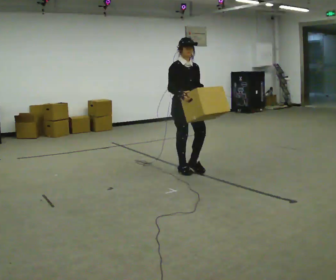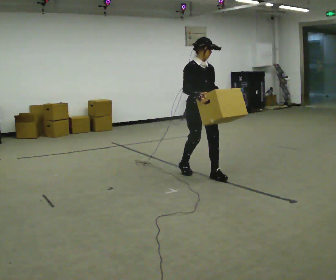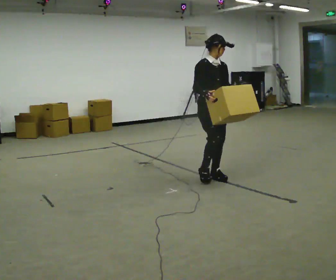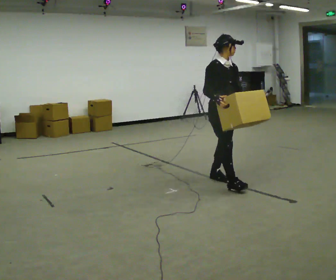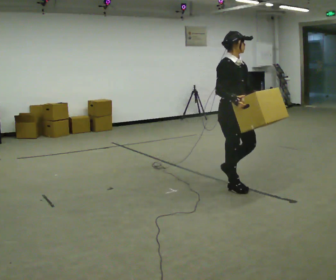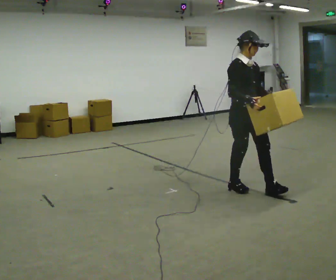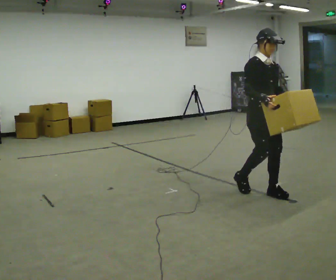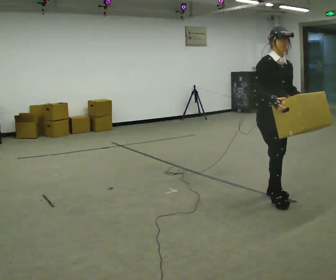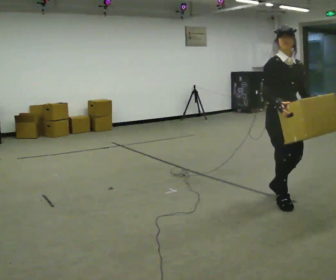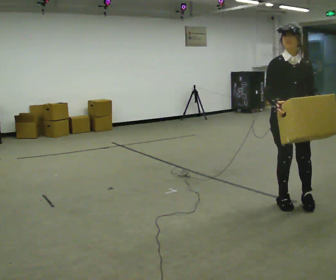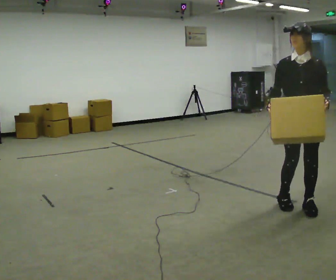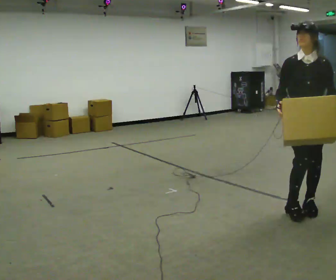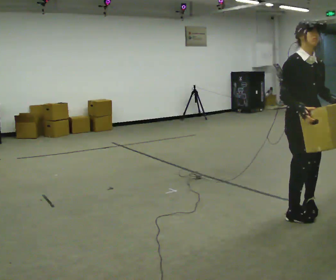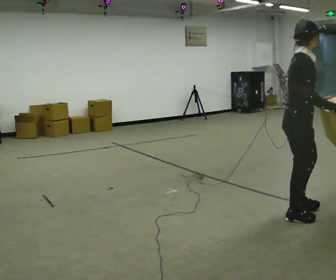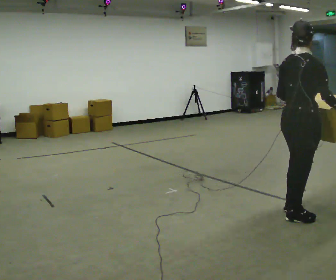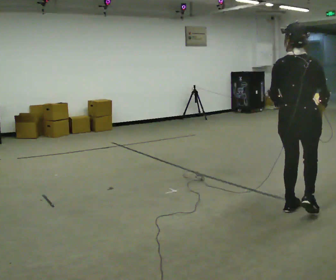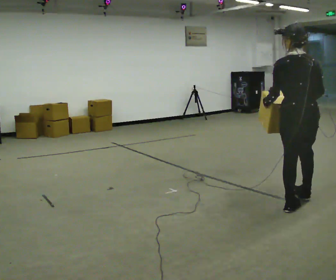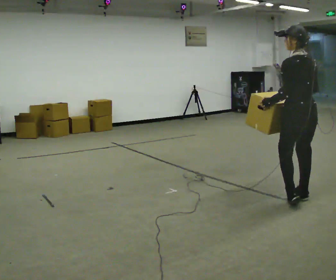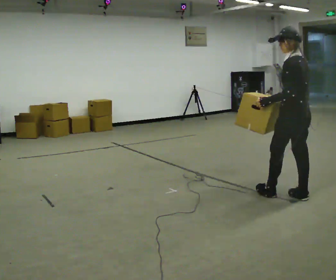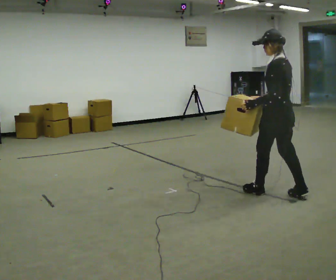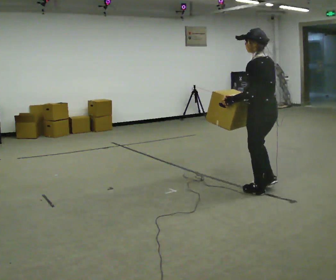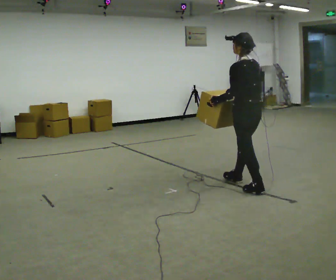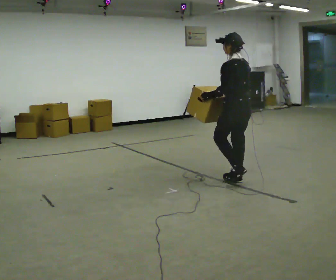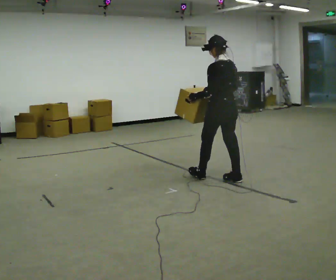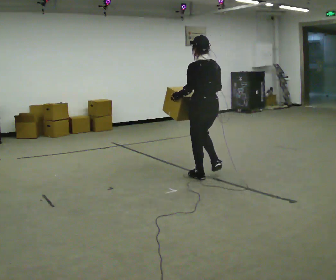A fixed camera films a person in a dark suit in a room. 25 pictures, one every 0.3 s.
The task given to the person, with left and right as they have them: Carry the box across the room while freely looking around at the walls, ceiling and floor. Keep going until the operator says stop; one object at a time, and do not rush between trips.
0.0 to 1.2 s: In the picture they go to the right and toward the camera, about 1 m in 2 steps, which for them is forward.
1.2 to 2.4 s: In the picture they go to the right and toward the camera, about 0.75 m in 2 steps, which for them is forward.
2.4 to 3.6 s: In the picture they go toward the camera and to the right, about 0.25 m in 2 steps, which for them is forward and to their left.
3.6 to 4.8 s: Seen from above the body turns counterclockwise, about 150 degrees: to their left, with its near side sliding to the right. In the picture they go away from the camera, about 0.25 m.
4.8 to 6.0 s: The person turns about 45 degrees to their left, counterclockwise seen from above, so the part of the body nearest the lens slides to the right. In the picture they go away from the camera and to the left, about 0.5 m in 2 steps, which for them is forward.
6.0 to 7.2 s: In the picture they go to the left and away from the camera, about 1 m in 2 steps, which for them is forward.
The film runs forward here.
